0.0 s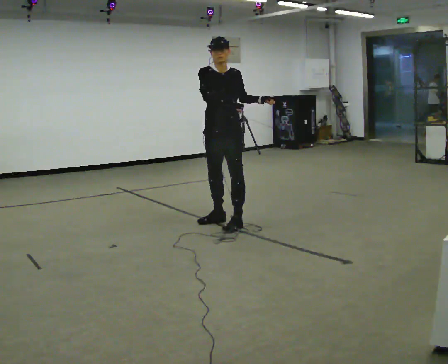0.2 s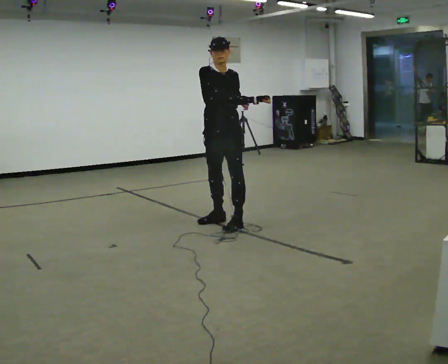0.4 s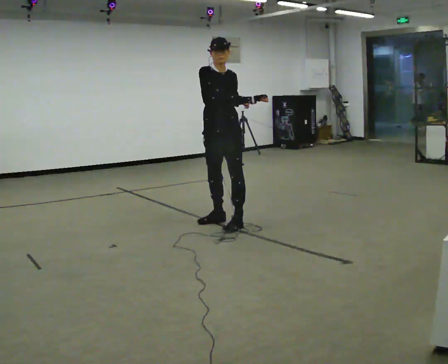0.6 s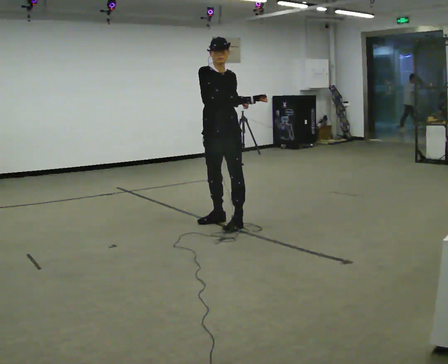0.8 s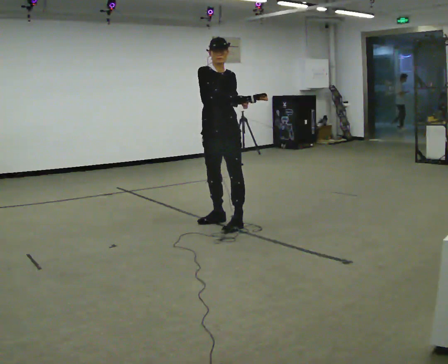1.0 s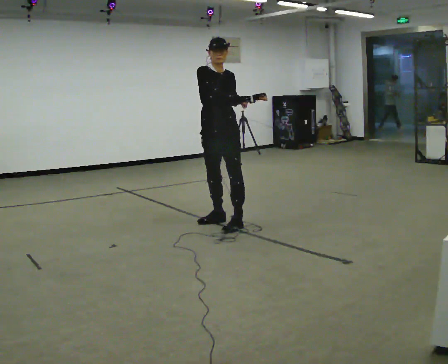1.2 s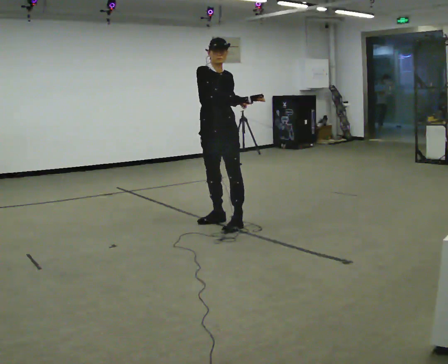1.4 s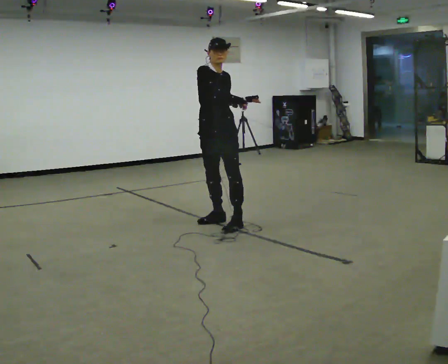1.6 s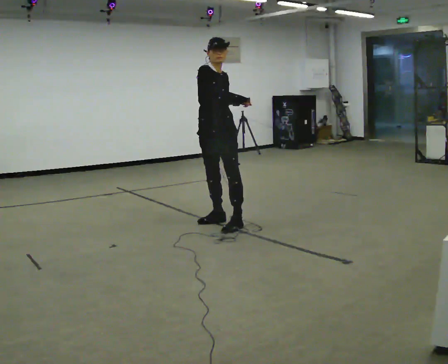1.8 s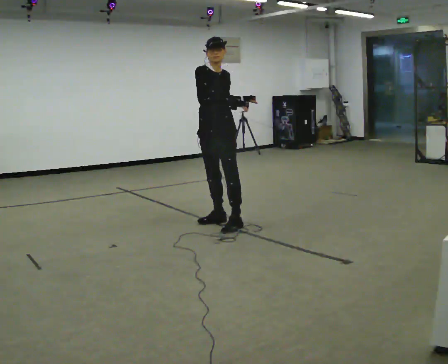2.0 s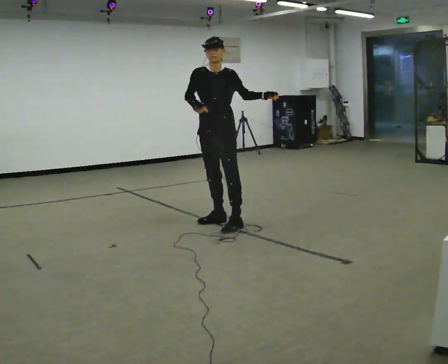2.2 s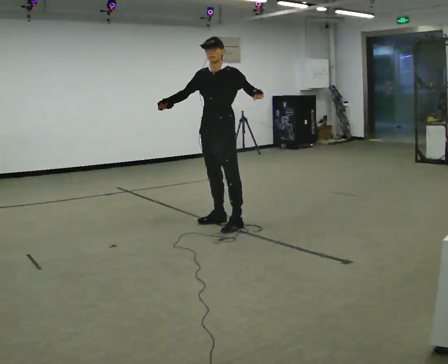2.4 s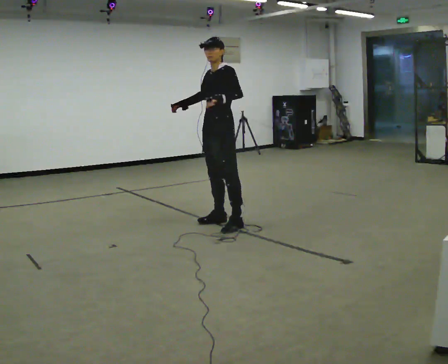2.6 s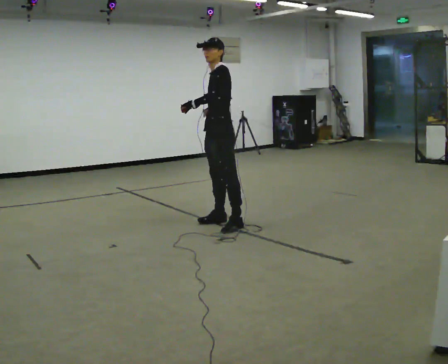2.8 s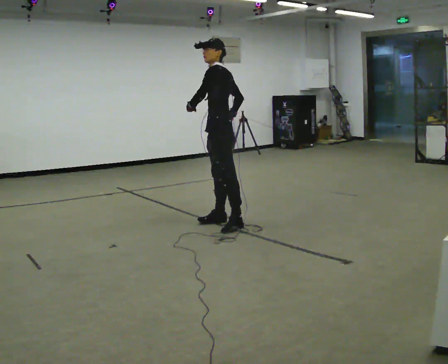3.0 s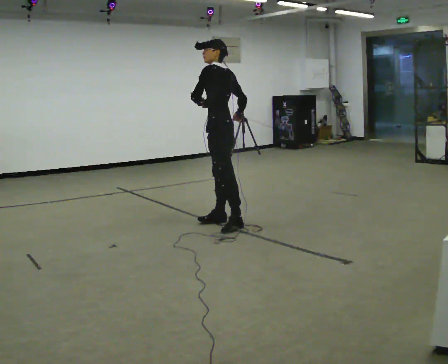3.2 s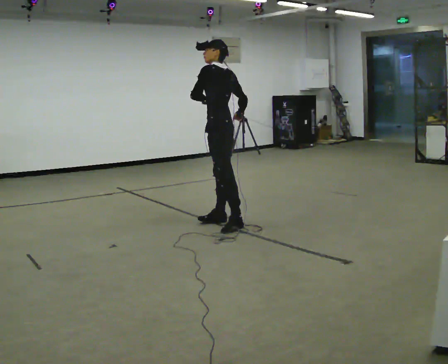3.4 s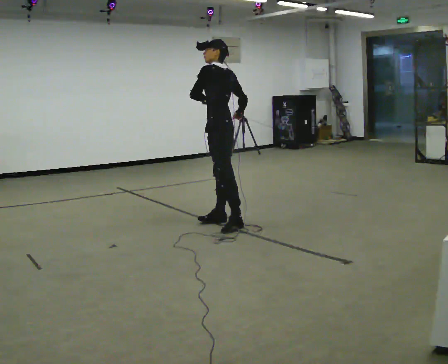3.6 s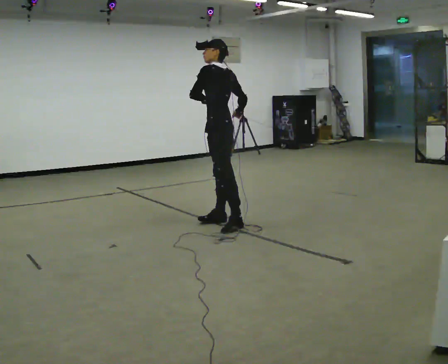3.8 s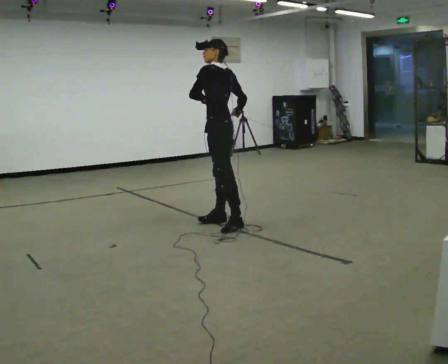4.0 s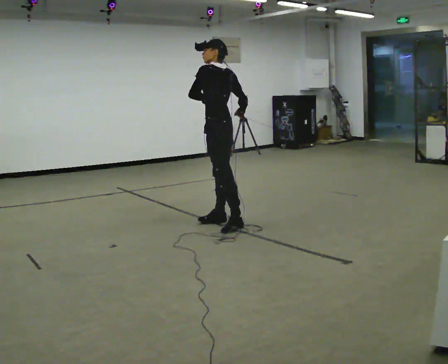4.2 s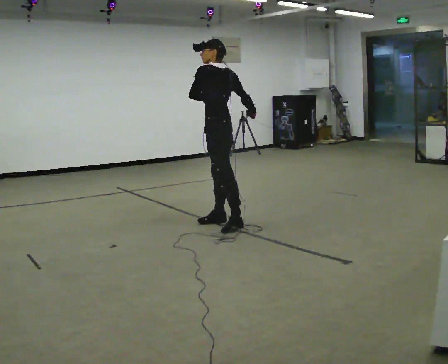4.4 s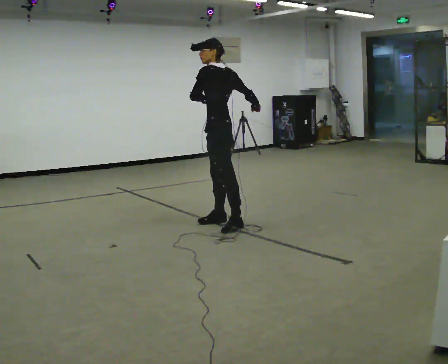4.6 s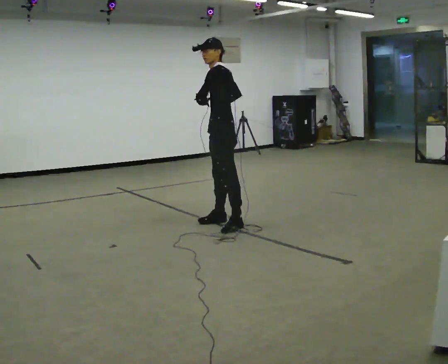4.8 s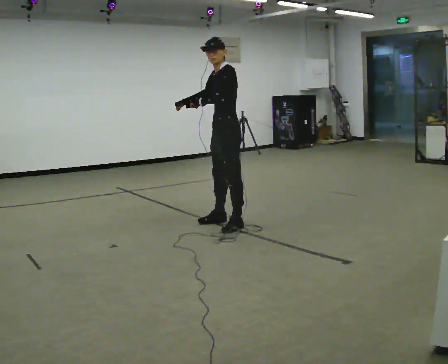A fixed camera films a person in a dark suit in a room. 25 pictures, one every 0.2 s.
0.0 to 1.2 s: The person moves a little, or ends about where they began.
1.2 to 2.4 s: The part of the body nearest the lens slides to the left as the person turns to their right by about 60 degrees. In the picture their right hand goes to the left.
2.4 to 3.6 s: The person turns about 60 degrees to their right, clockwise seen from above, so the part of the body nearest the lens slides to the left. In the picture their right hand goes to the right, the arm swinging counterclockwise.
3.6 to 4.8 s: Seen from above the body turns counterclockwise, about 30 degrees: to their left, with its near side sliding to the right. In the picture their right hand goes to the left.
The film runs backward here.
